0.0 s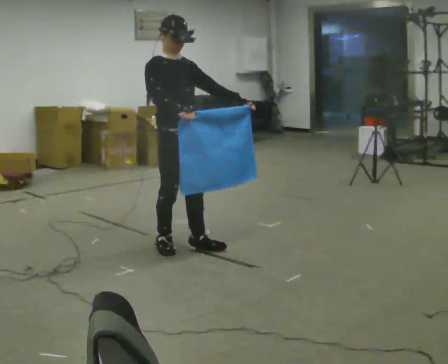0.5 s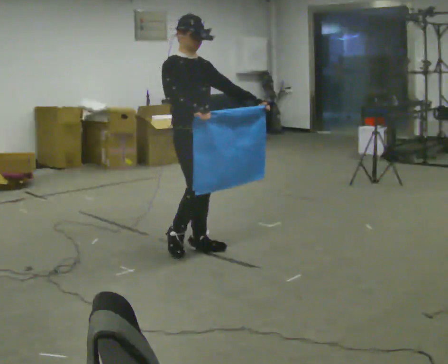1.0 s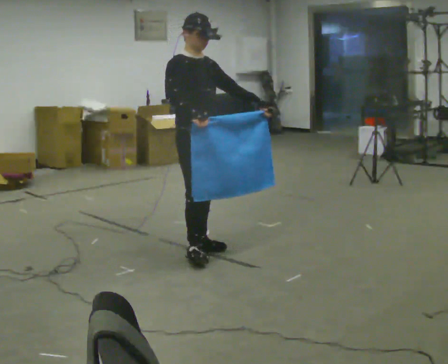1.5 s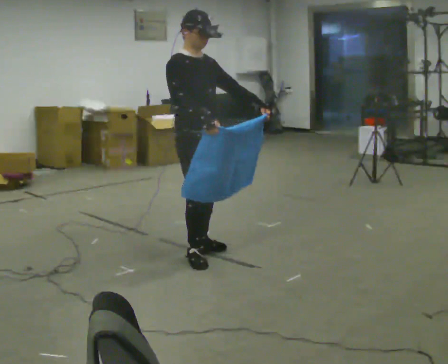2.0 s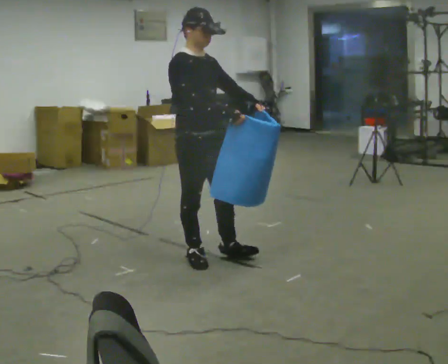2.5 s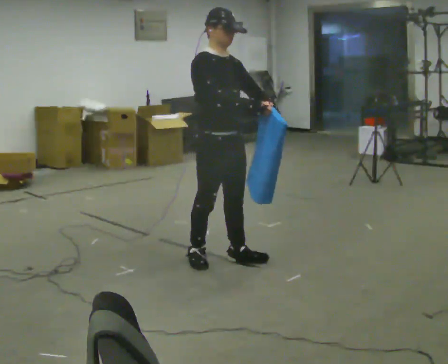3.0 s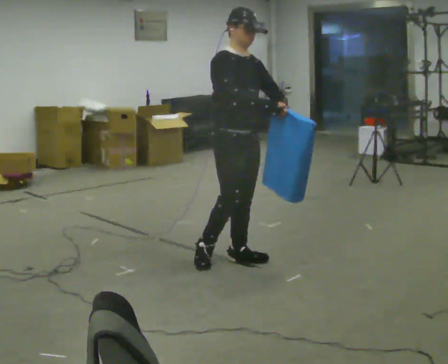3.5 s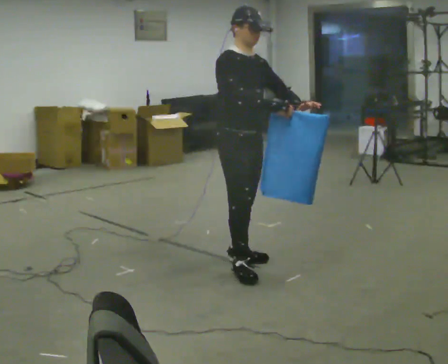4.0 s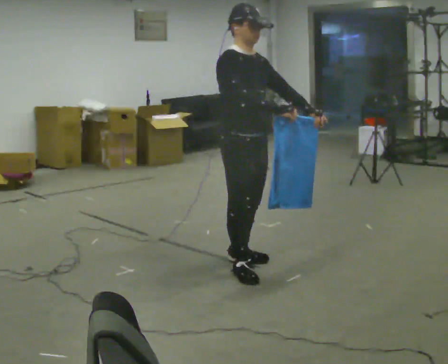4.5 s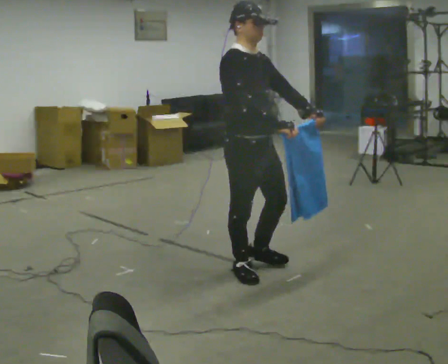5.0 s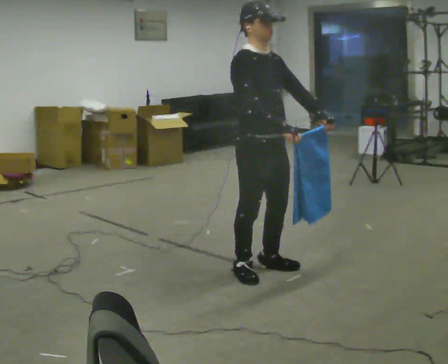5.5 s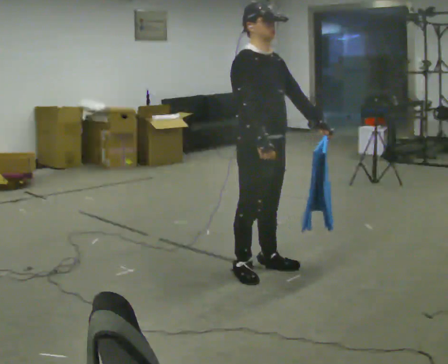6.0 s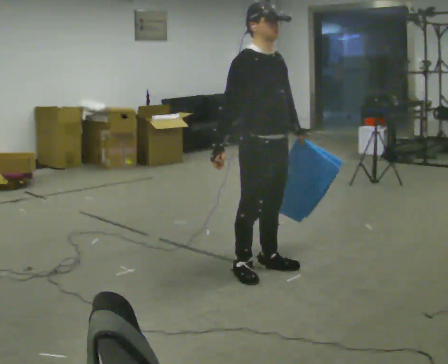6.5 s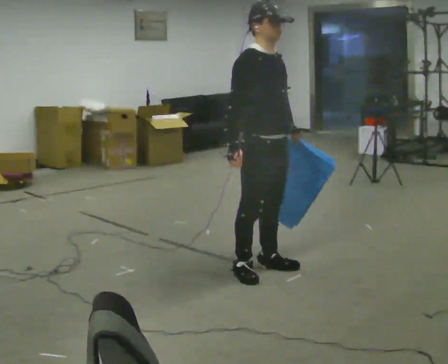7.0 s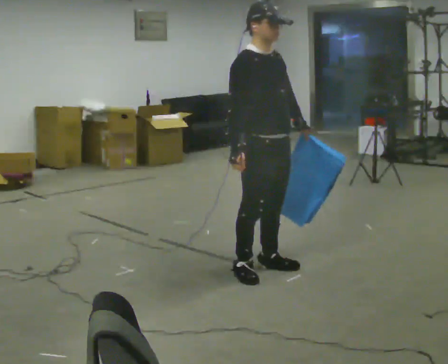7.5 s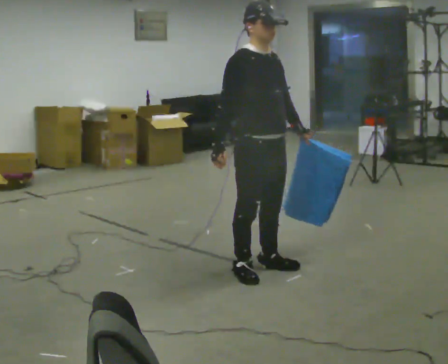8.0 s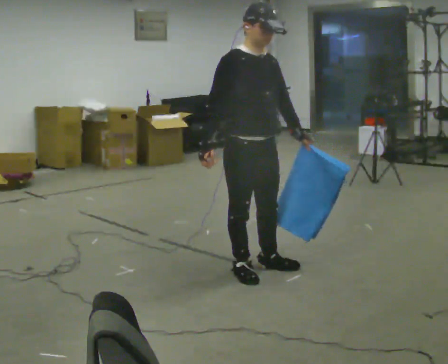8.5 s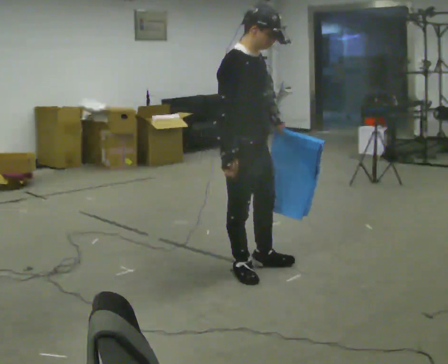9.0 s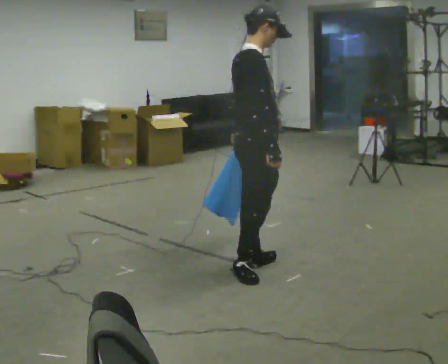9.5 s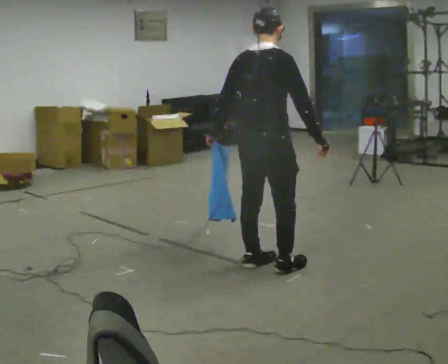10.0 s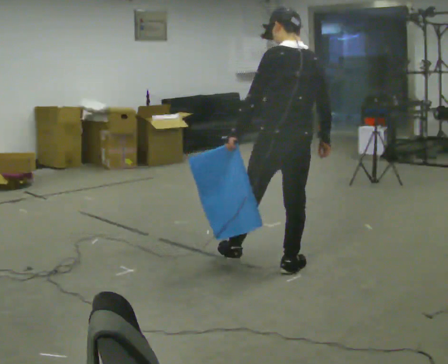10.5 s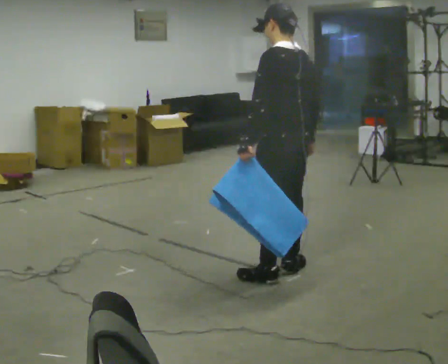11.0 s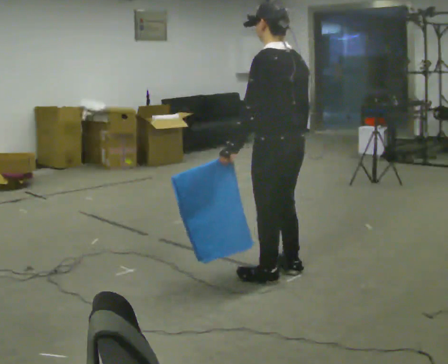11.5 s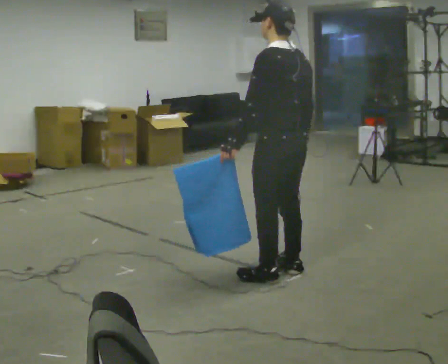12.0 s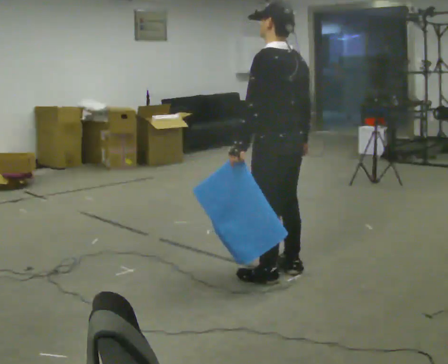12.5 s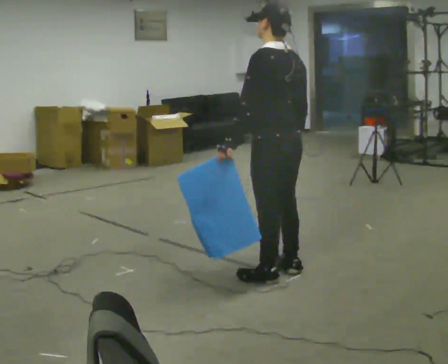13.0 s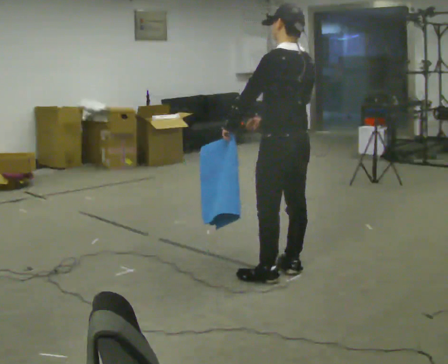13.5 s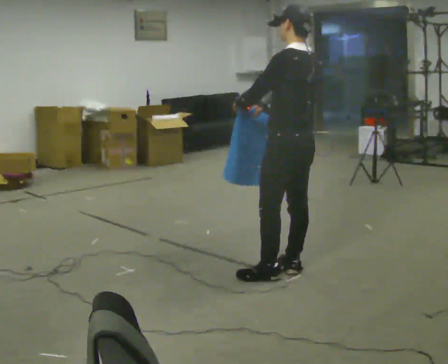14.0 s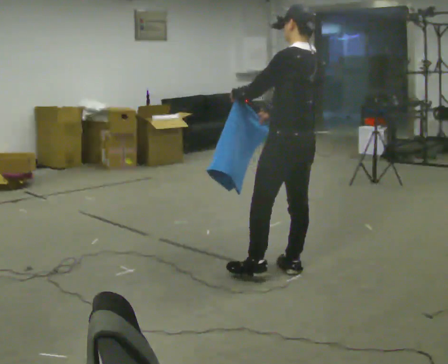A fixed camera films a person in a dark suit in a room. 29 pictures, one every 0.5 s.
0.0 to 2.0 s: In the picture they go toward the camera and to the right, about 0.25 m in 1 step, which for them is forward.
2.0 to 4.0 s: In the picture they go to the right, about 0.25 m in 2 steps, which for them is forward.
4.0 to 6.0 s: In the picture their right hand goes to the left, the arm swinging clockwise.
6.0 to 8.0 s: The person moves a little, or ends about where they began.
8.0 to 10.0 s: The person turns about 165 degrees to their left, counterclockwise seen from above, so the part of the body nearest the lens slides to the right. In the picture they go to the right, about 0.25 m in 1 step. In the picture their left hand goes to the left, the arm swinging clockwise.
10.0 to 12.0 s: Seen from above the body turns counterclockwise, about 30 degrees: to their left, with its near side sliding to the right.
12.0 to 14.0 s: The person moves a little, or ends about where they began.
The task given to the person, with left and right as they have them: Carry the cloth and, while walking, fold it in half, then unfold it. Keep repeating as you walk. Do not stop.
The film runs forward here.
